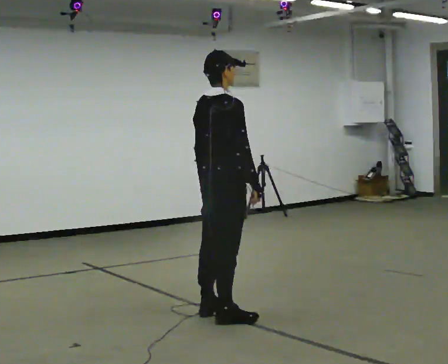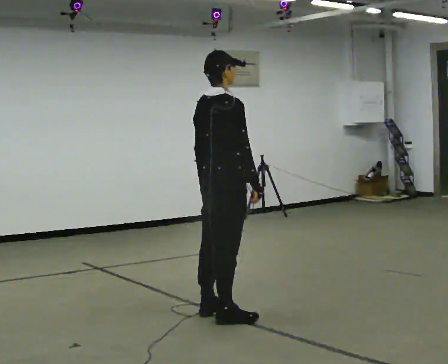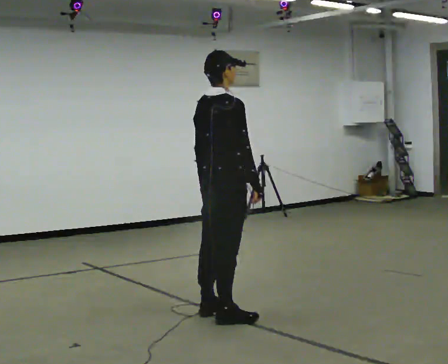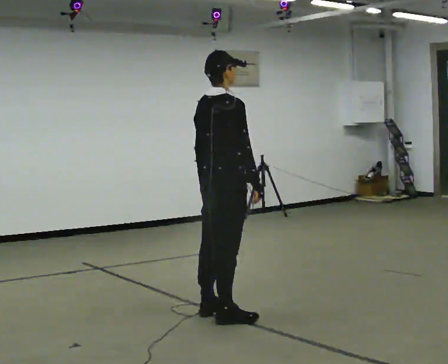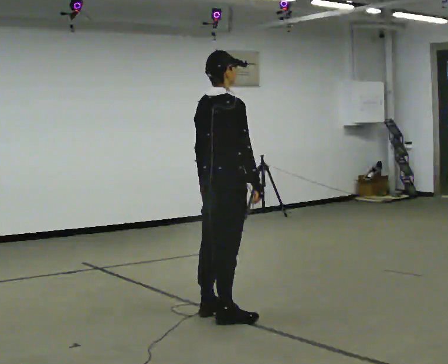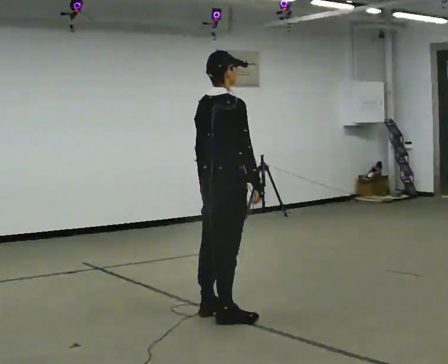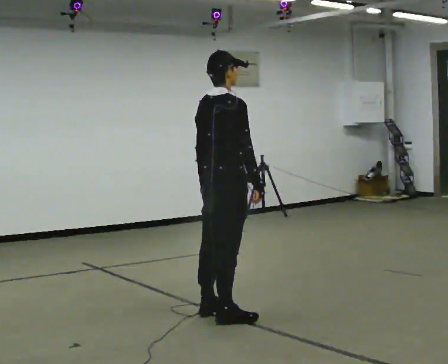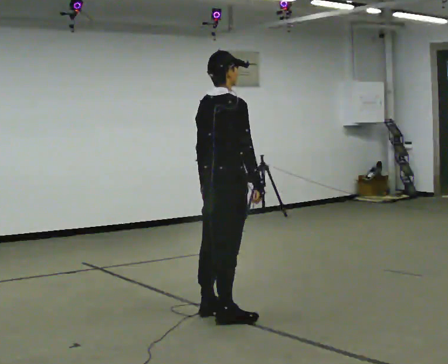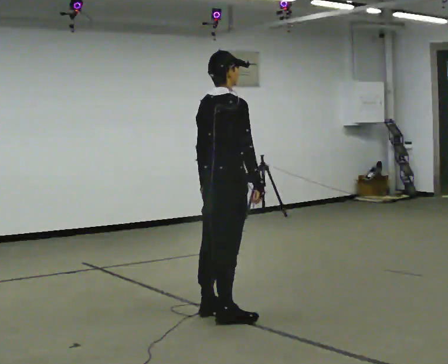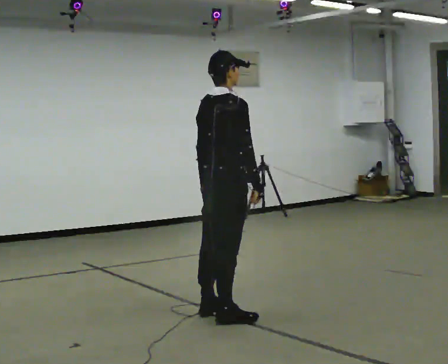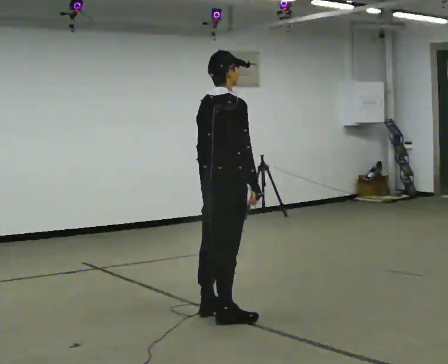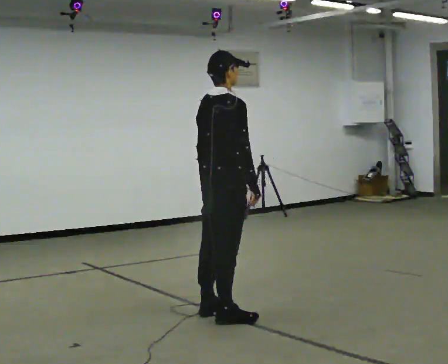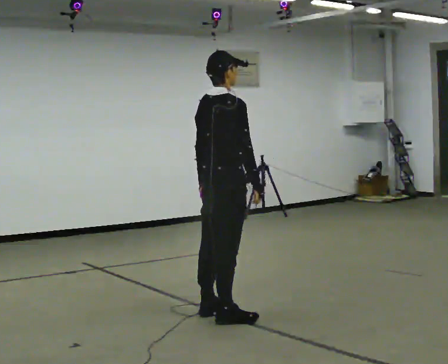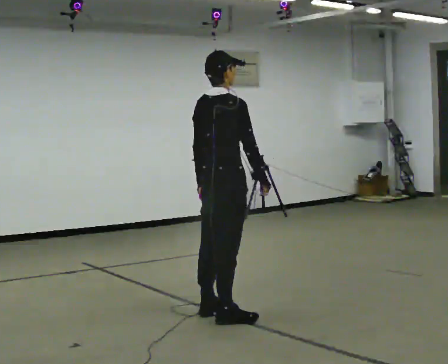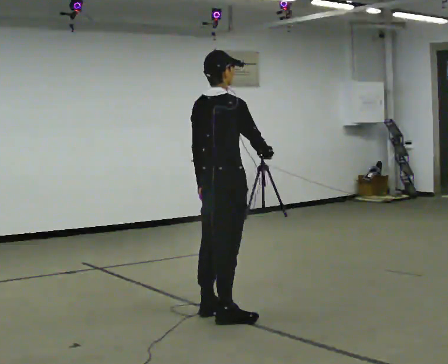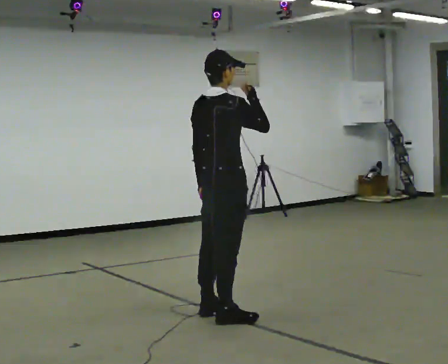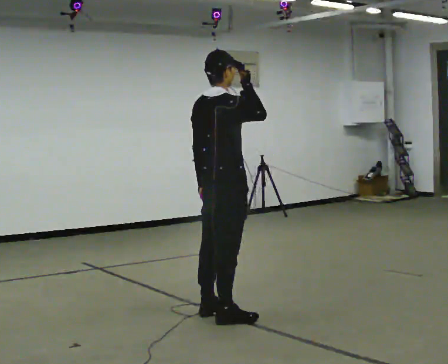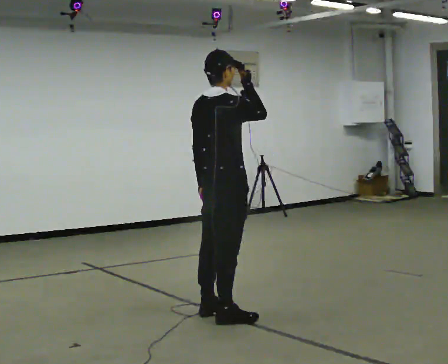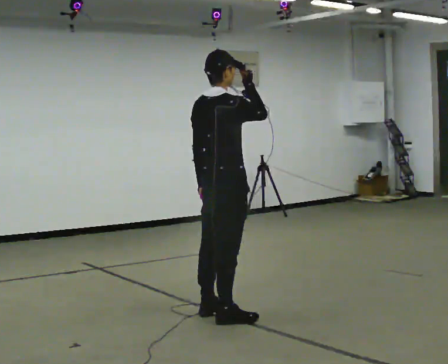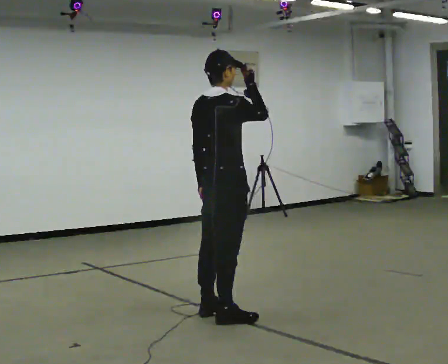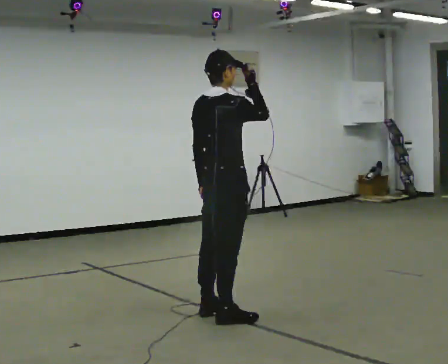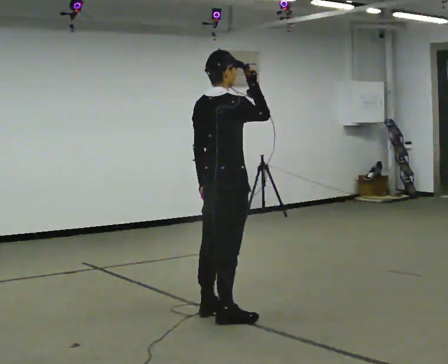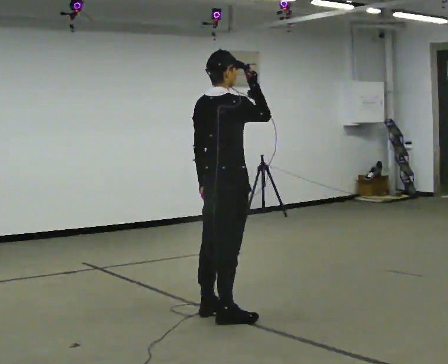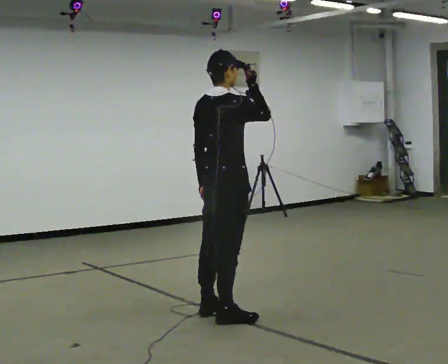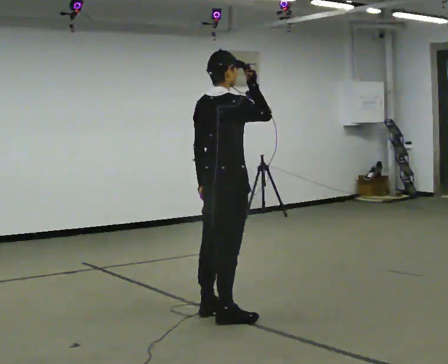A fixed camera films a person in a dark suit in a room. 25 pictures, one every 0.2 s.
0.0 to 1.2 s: The person keeps their place and pose.
1.2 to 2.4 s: The person moves a little, or ends about where they began.
2.4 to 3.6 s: In the picture their right hand goes upward.
3.6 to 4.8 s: The person moves a little, or ends about where they began.
The film runs backward here.
